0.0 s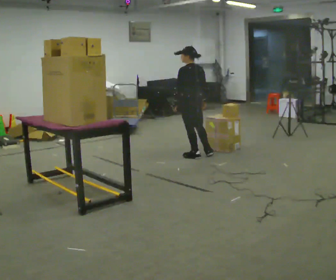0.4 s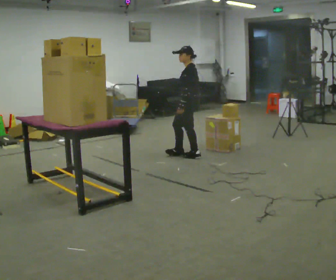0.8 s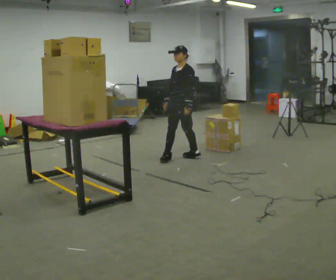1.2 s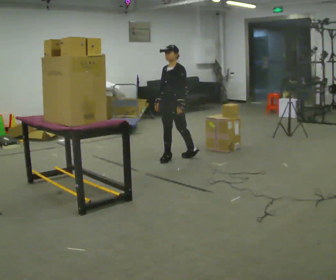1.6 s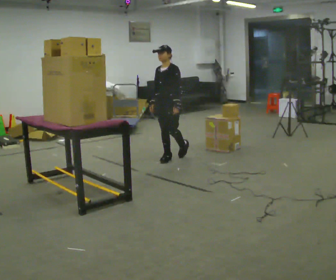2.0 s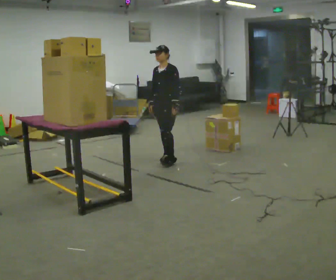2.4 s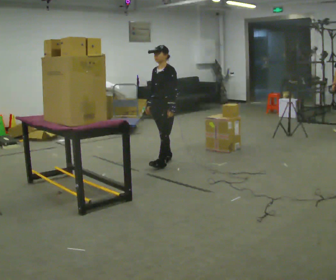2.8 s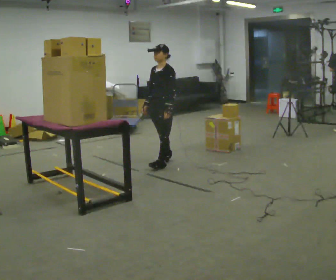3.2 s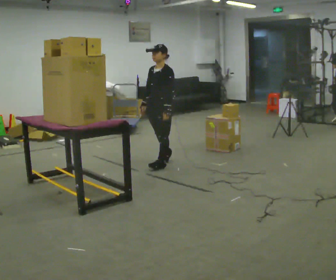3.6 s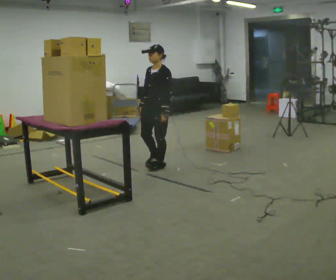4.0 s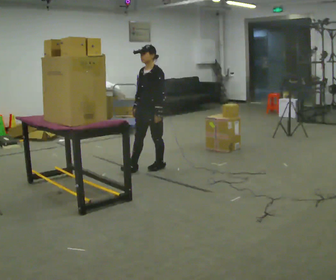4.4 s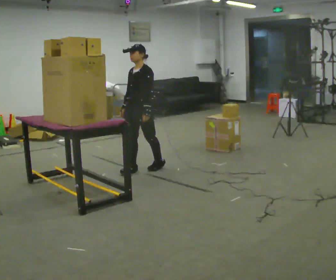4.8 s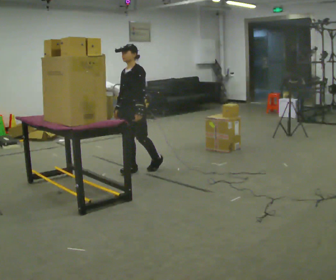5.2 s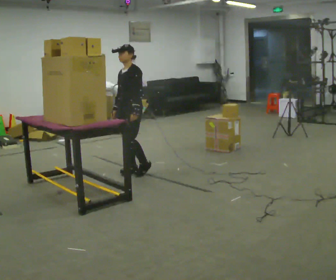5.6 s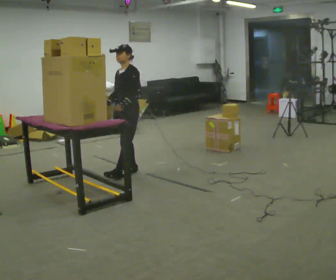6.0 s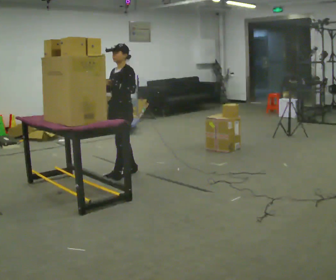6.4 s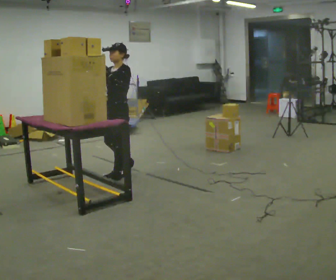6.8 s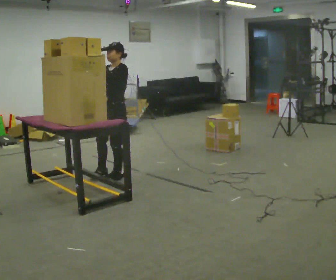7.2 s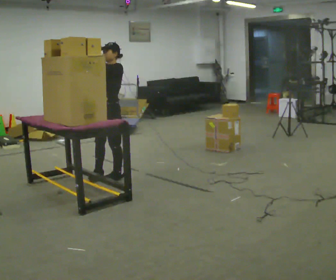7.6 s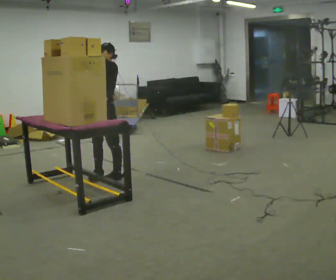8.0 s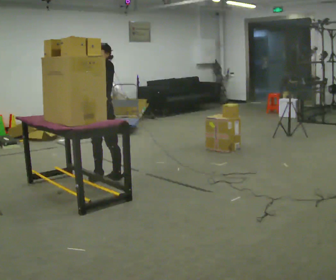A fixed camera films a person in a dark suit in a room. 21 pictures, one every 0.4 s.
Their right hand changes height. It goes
upward.
Their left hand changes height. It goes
upward.
0.0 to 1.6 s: Seen from above the body turns counterclockwise, about 105 degrees: to their left, with its near side sliding to the right. In the picture they go to the left, about 0.25 m in 1 step.
1.6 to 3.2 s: In the picture they go toward the camera, about 0.25 m in 1 step, which for them is forward and to their left.
3.2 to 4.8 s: In the picture they go to the left and toward the camera, about 0.25 m in 1 step, which for them is forward.
4.8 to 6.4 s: In the picture they go toward the camera and to the left, about 0.25 m in 1 step, which for them is forward. In the picture their right hand goes upward.
6.4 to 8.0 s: In the picture they go to the left, about 0.25 m in 1 step, which for them is forward.
The film runs forward here.
